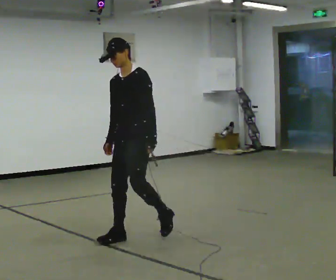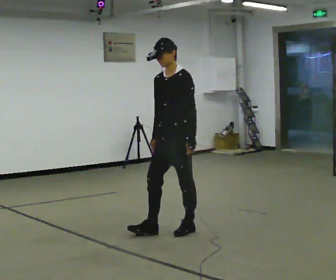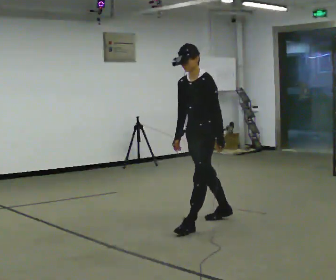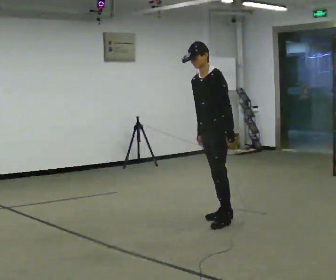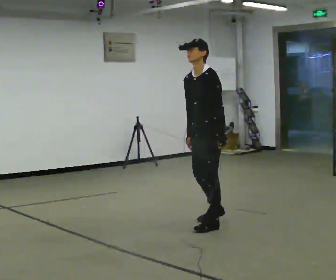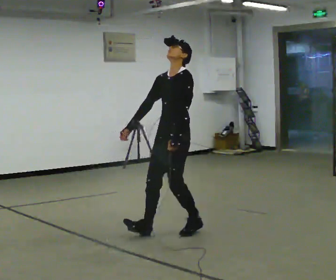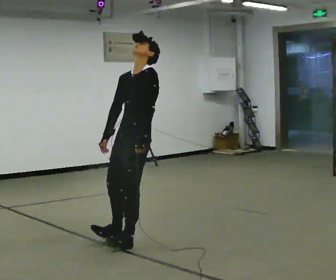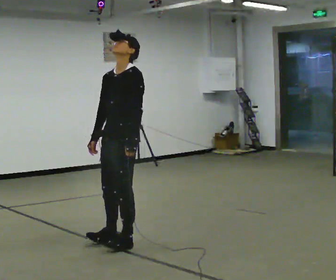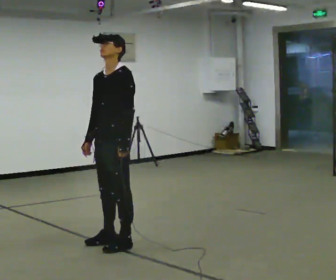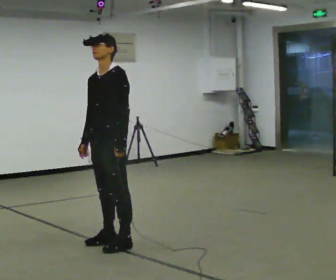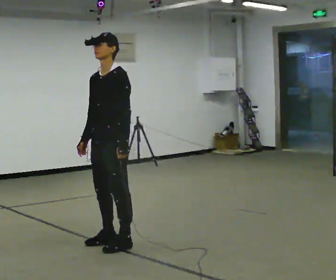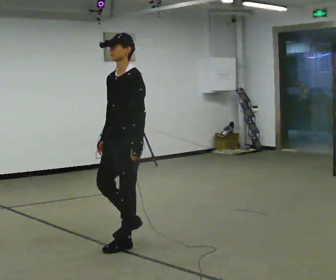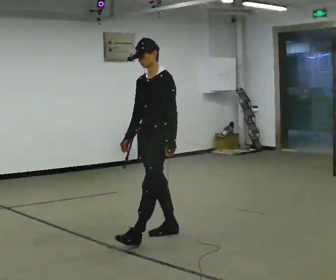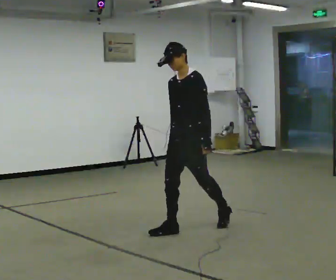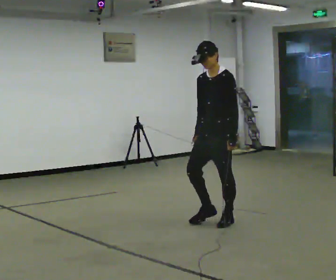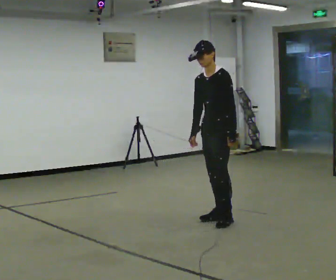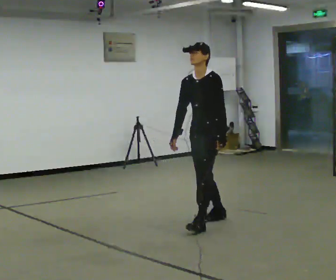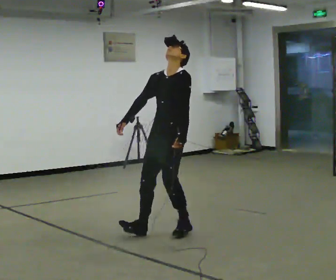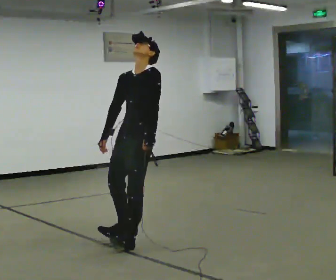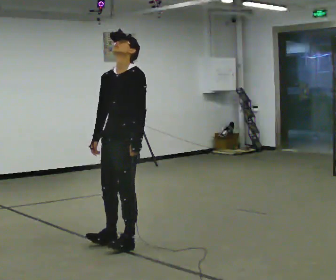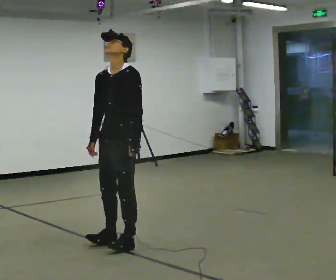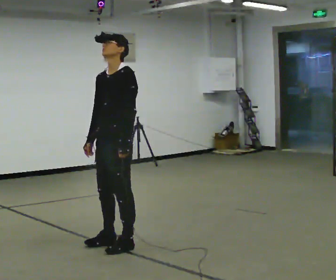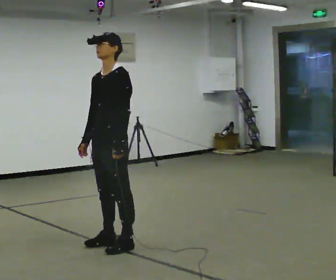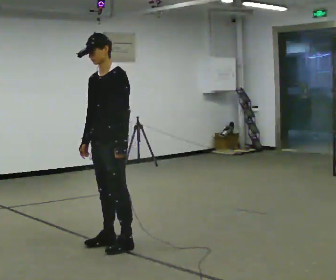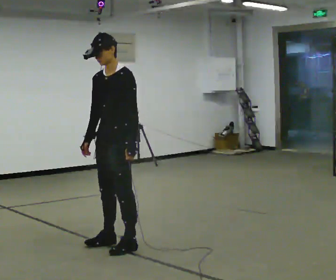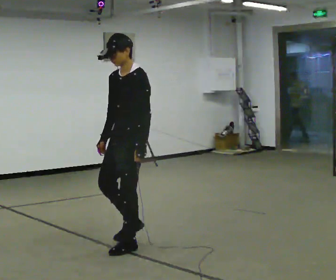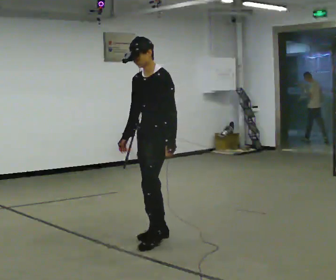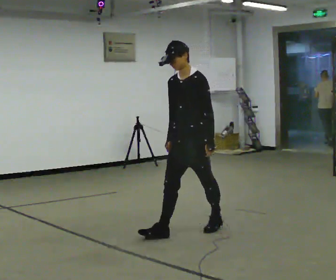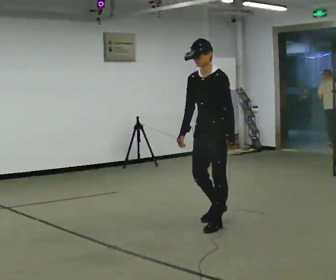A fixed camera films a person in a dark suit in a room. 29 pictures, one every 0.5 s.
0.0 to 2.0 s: In the picture they go to the right and away from the camera, about 1 m in 3 steps, which for them is backward.
2.0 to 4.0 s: In the picture they go to the left and toward the camera, about 1 m in 2 steps, which for them is forward.
4.0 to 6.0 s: In the picture they go away from the camera and to the right, about 0.5 m in 2 steps, which for them is backward.
6.0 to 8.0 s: In the picture they go away from the camera and to the right, about 0.75 m in 2 steps, which for them is backward.
8.0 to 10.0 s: In the picture they go toward the camera and to the left, about 1 m in 3 steps, which for them is forward.
10.0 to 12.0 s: The person moves a little, or ends about where they began.
12.0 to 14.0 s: In the picture they go to the right and away from the camera, about 1 m in 3 steps, which for them is backward.
The film runs backward here.
